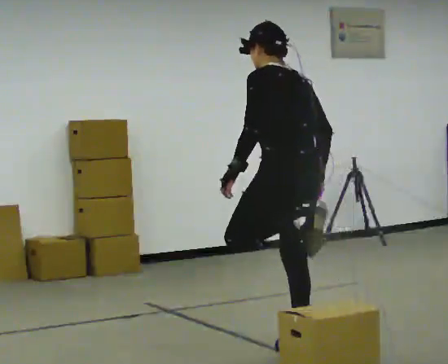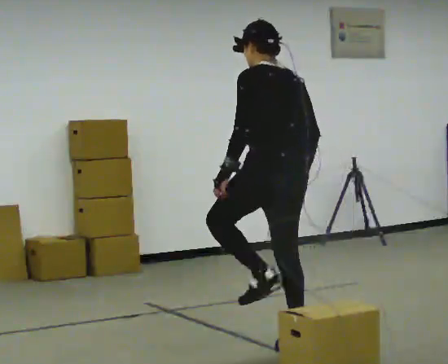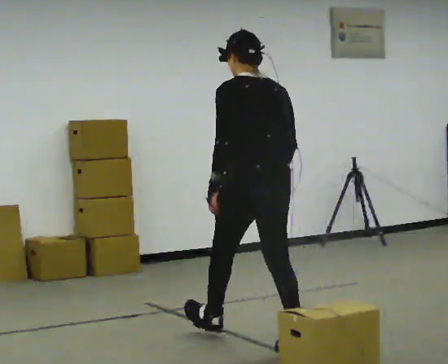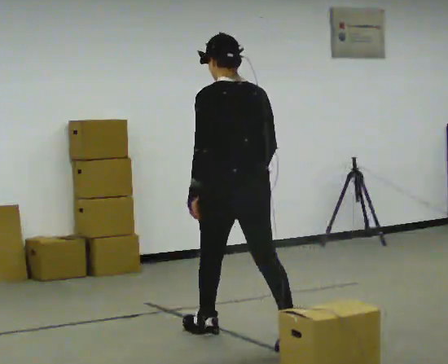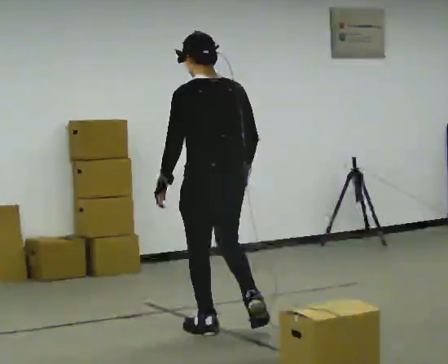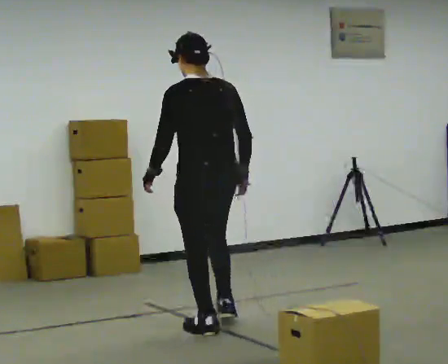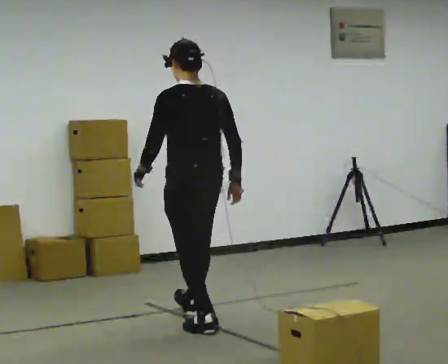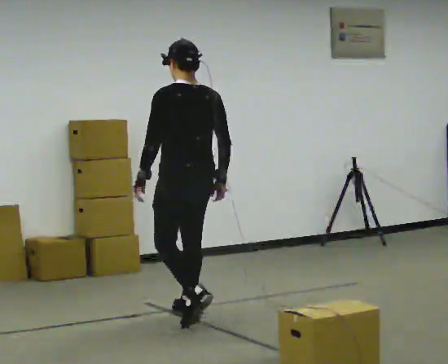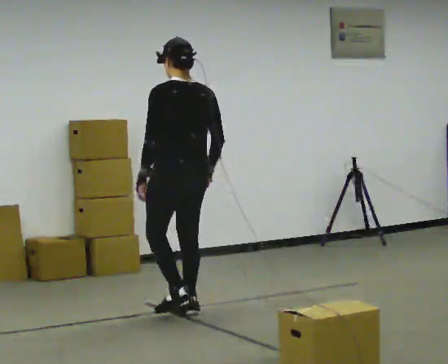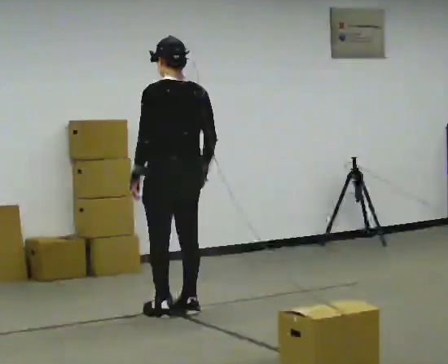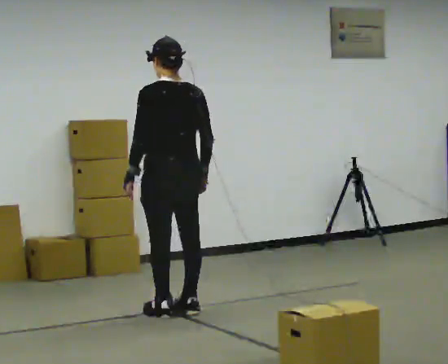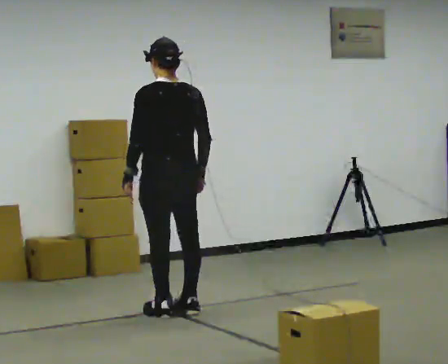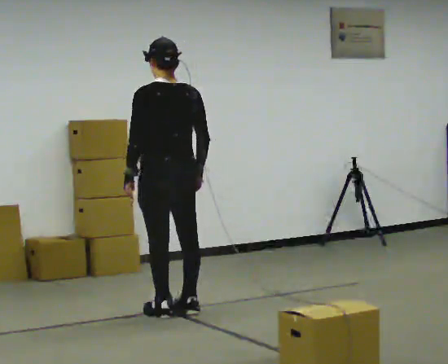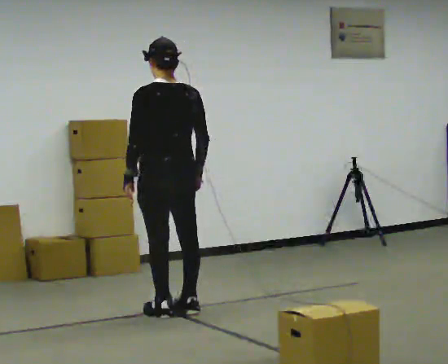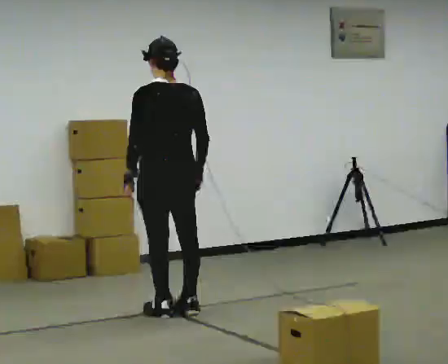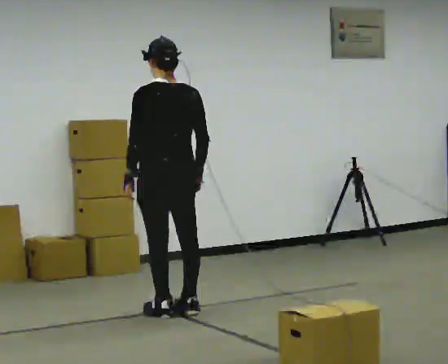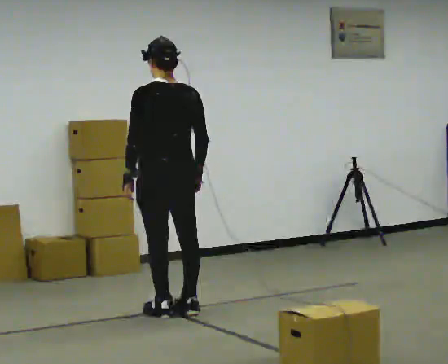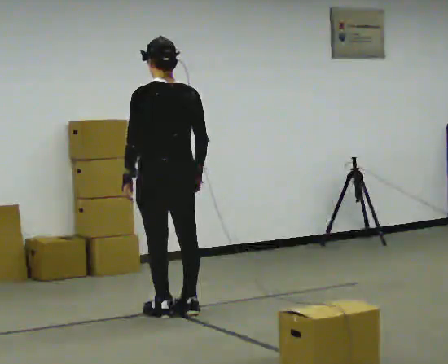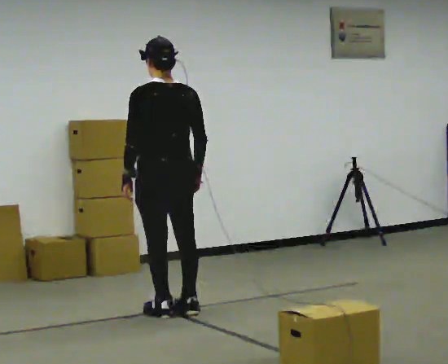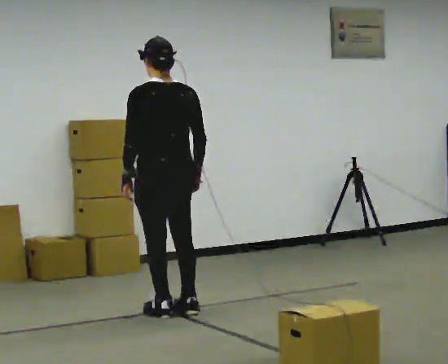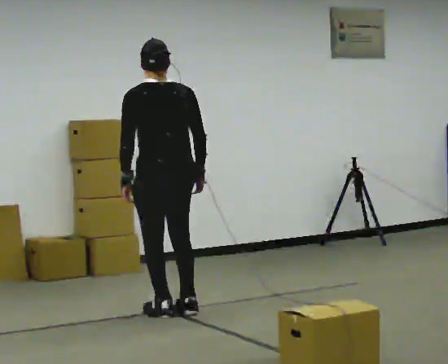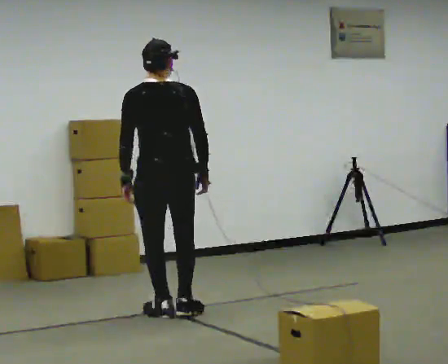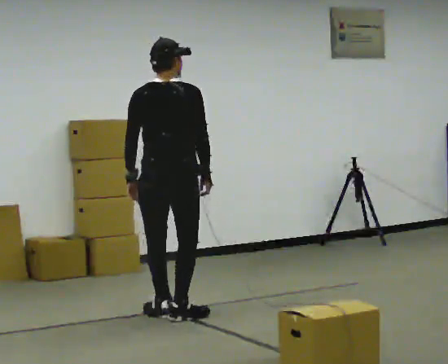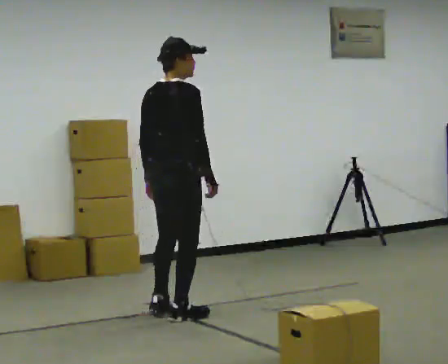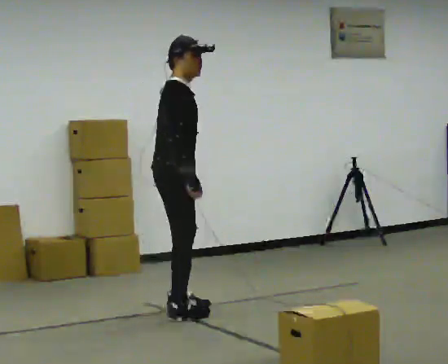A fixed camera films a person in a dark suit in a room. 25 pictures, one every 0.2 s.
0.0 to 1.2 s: In the picture they go away from the camera and to the left, about 1 m in 2 steps, which for them is forward.
1.2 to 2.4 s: In the picture they go away from the camera, about 0.25 m in 1 step, which for them is forward.
2.4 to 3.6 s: The person moves a little, or ends about where they began.
3.6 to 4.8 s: The part of the body nearest the lens slides to the left as the person turns to their right by about 120 degrees. In the picture their left hand goes to the right, the arm swinging counterclockwise.
The film runs forward here.
